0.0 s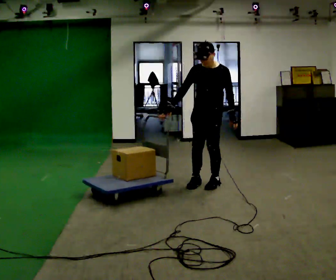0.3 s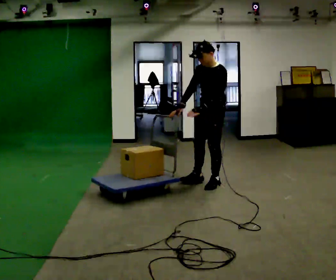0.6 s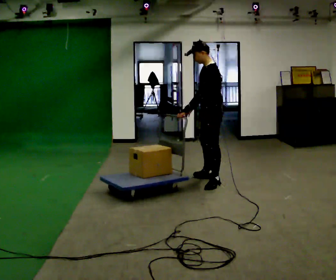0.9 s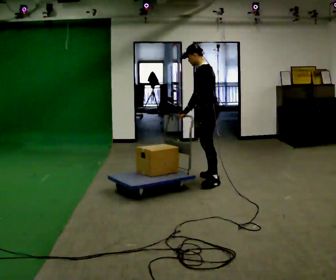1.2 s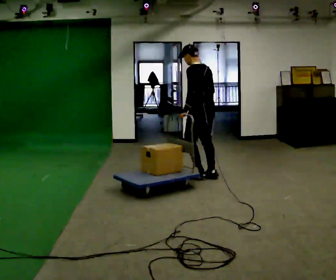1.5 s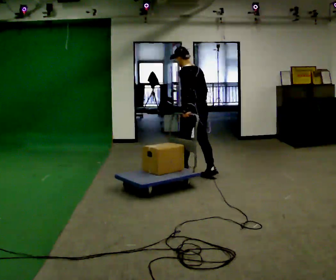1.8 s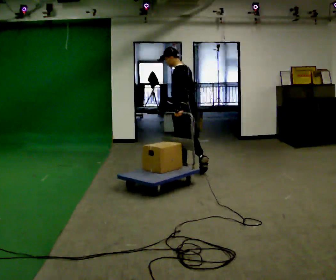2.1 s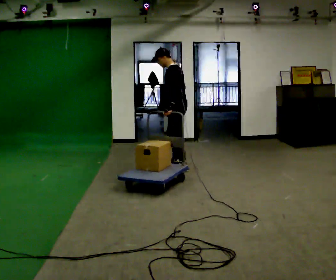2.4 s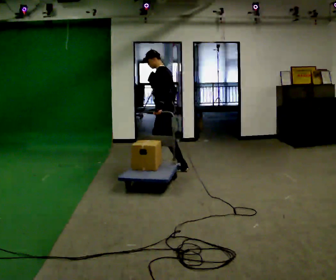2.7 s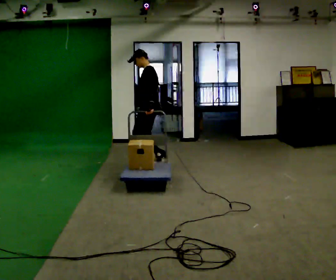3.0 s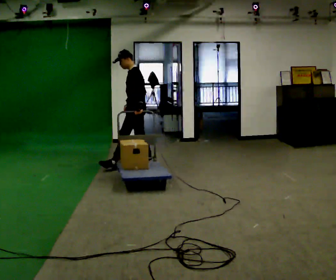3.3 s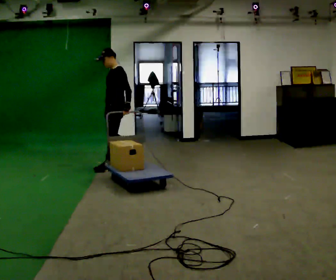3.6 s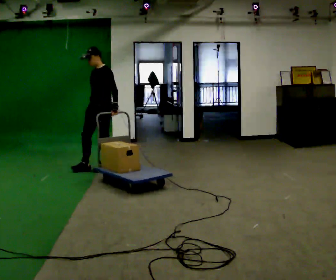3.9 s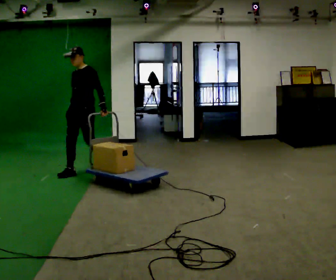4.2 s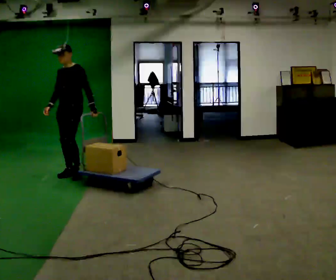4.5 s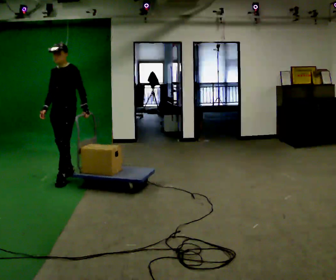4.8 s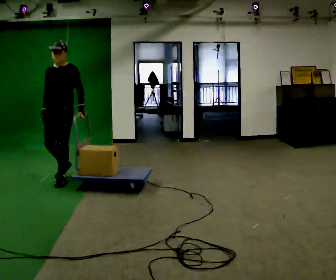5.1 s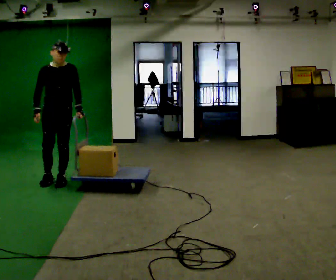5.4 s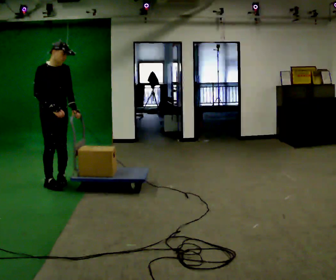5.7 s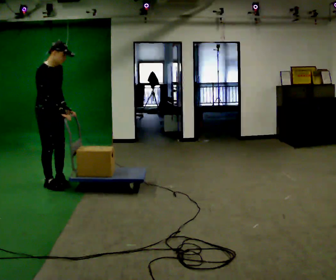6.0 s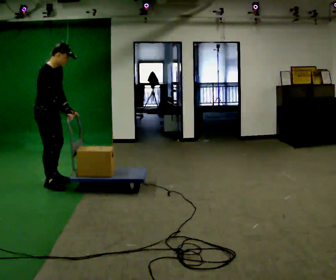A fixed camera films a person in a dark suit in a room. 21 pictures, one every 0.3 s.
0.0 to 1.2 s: The part of the body nearest the lens slides to the left as the person turns to their right by about 105 degrees. In the picture they go away from the camera, about 0.25 m in 1 step.
1.2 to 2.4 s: Seen from above the body turns counterclockwise, about 45 degrees: to their left, with its near side sliding to the right. In the picture they go away from the camera and to the left, about 0.75 m in 2 steps, which for them is forward.
2.4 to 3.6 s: The part of the body nearest the lens slides to the right as the person turns to their left by about 60 degrees. In the picture they go to the left, about 1 m in 1 step, which for them is forward.
3.6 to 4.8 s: Seen from above the body turns counterclockwise, about 30 degrees: to their left, with its near side sliding to the right. In the picture they go toward the camera and to the left, about 0.5 m in 2 steps, which for them is forward.
4.8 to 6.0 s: Seen from above the body turns counterclockwise, about 105 degrees: to their left, with its near side sliding to the right. In the picture they go toward the camera, about 0.25 m in 1 step.
The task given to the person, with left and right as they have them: Pull the cart behind you as you walk backward across the room. The operator will confirm the space behind you is clear before each take.
The film runs forward here.
